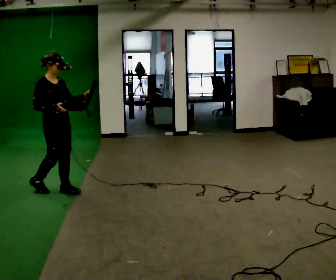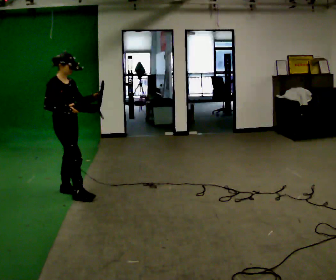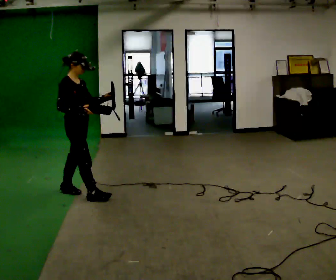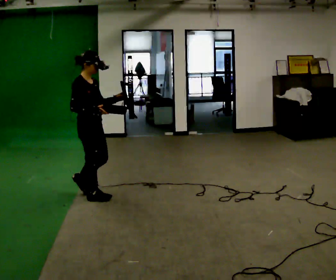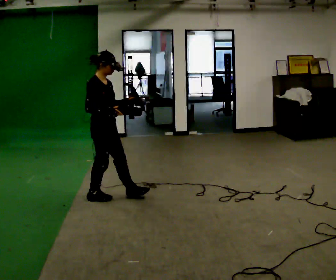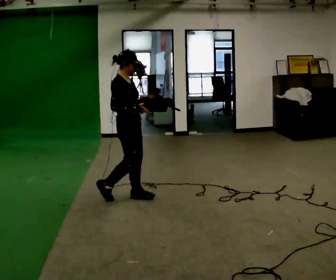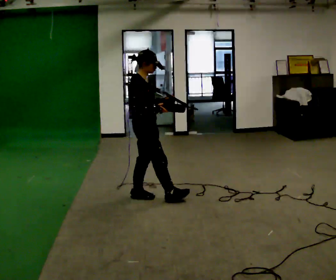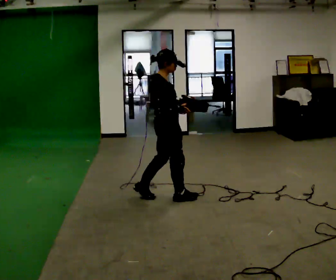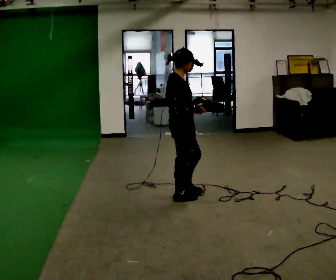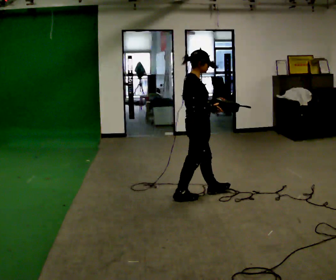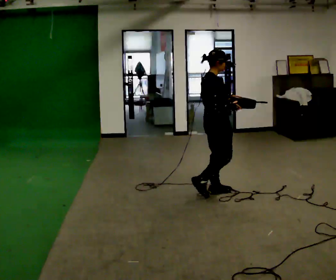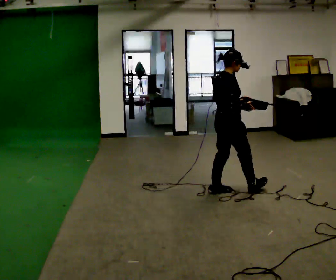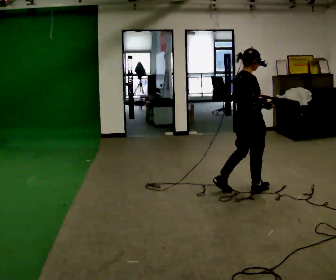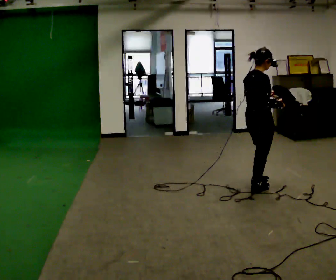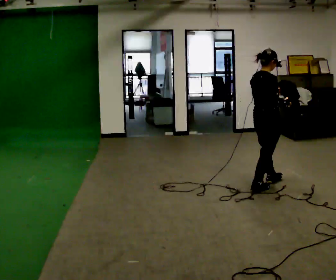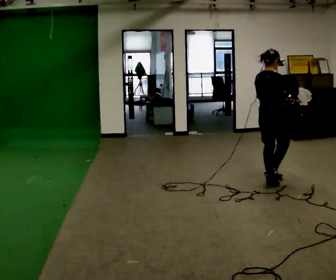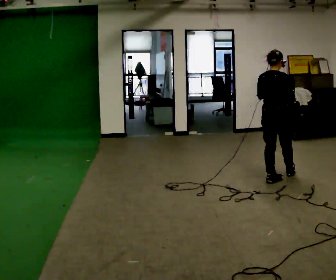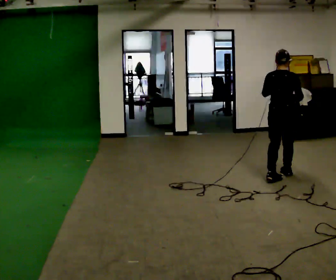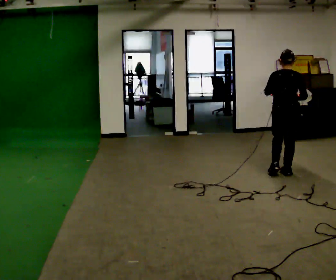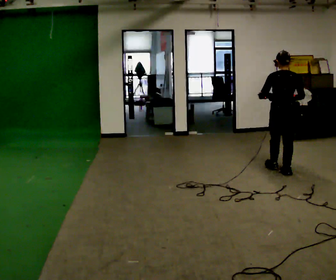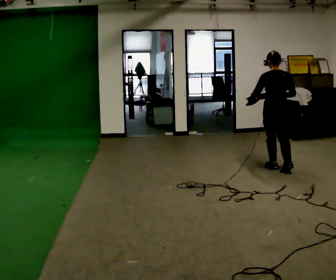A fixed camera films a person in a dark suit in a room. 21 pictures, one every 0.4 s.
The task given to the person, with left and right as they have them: Carry the lidded box and, while you are still walking, open the lid, then close it again. Repeat as you walk back and forth. Do not stop to do it.
0.0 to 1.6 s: In the picture they go to the right, about 0.5 m in 1 step, which for them is forward.
1.6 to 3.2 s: In the picture they go to the right, about 0.5 m in 2 steps, which for them is forward.
3.2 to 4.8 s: In the picture they go to the right, about 0.5 m in 2 steps, which for them is forward.
4.8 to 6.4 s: The person turns about 30 degrees to their left, counterclockwise seen from above, so the part of the body nearest the lens slides to the right. In the picture they go to the right and away from the camera, about 0.5 m in 2 steps, which for them is forward.
6.4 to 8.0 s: Seen from above the body turns counterclockwise, about 45 degrees: to their left, with its near side sliding to the right. In the picture they go away from the camera, about 0.5 m in 1 step, which for them is forward.
The film runs forward here.
